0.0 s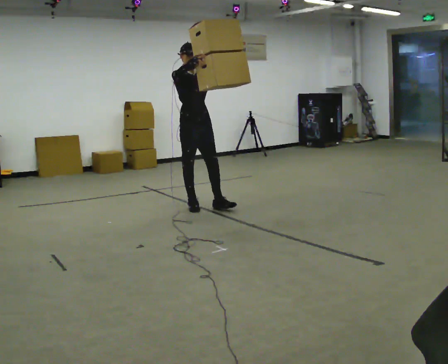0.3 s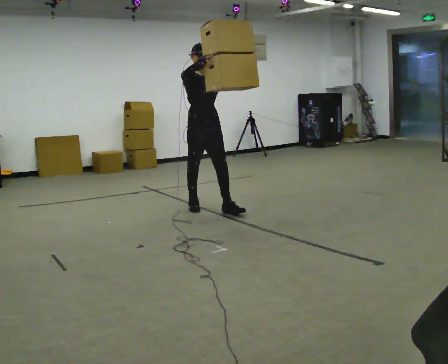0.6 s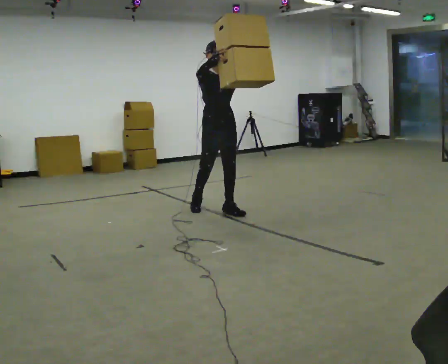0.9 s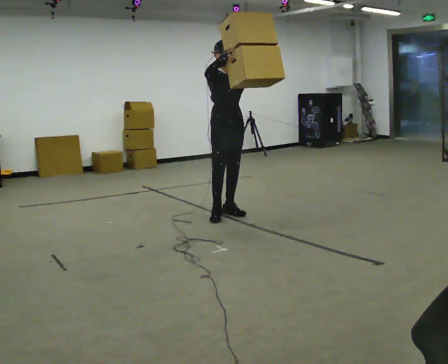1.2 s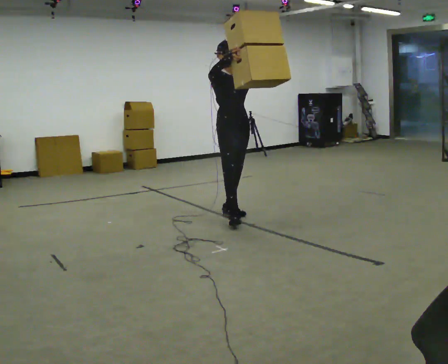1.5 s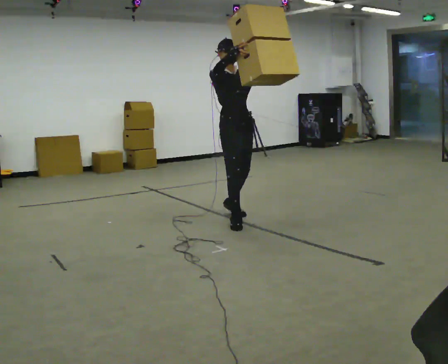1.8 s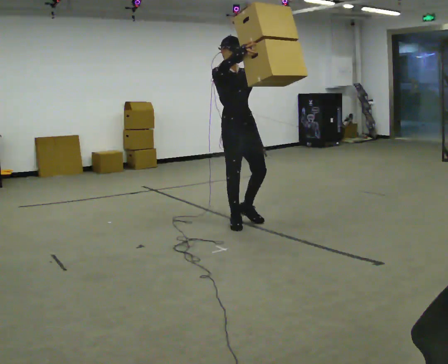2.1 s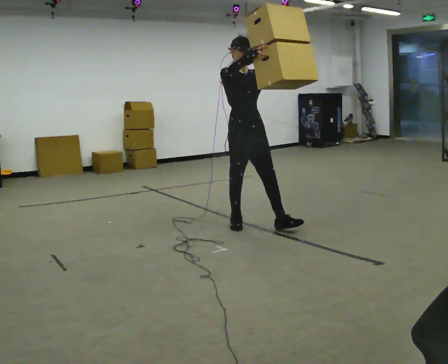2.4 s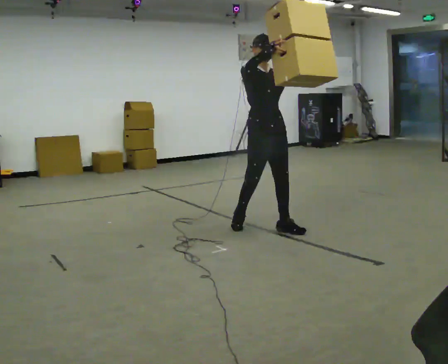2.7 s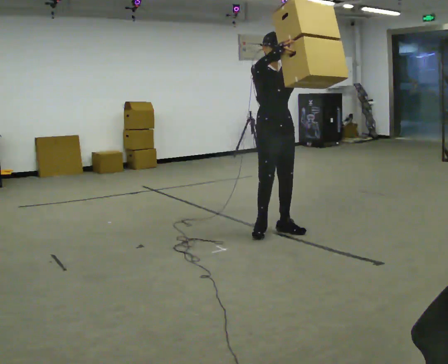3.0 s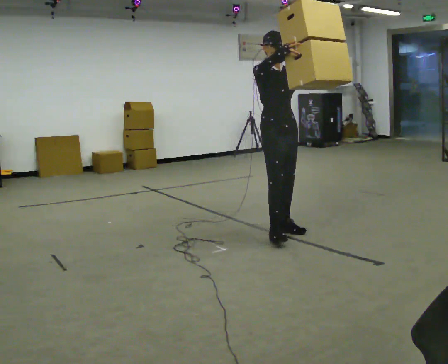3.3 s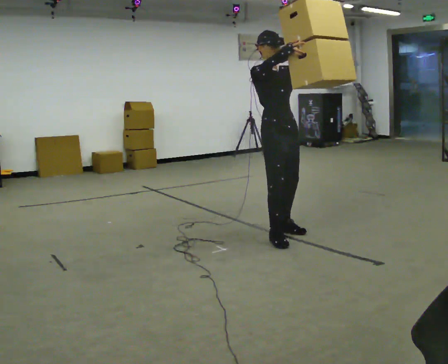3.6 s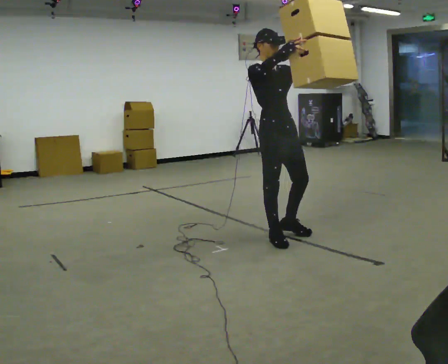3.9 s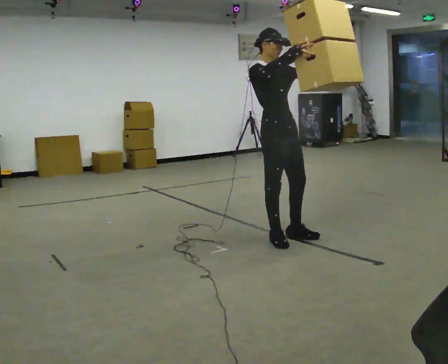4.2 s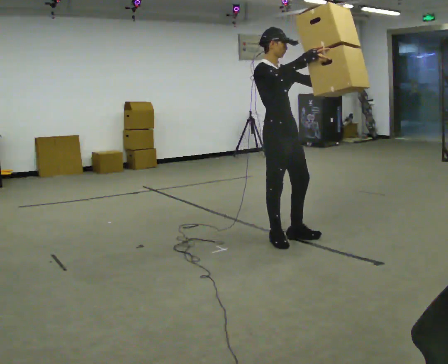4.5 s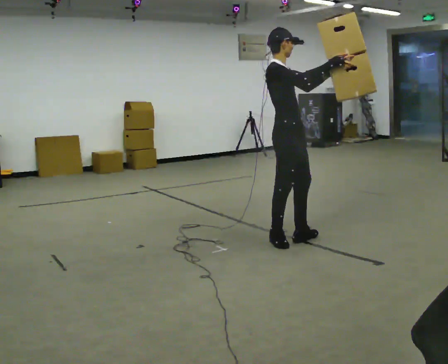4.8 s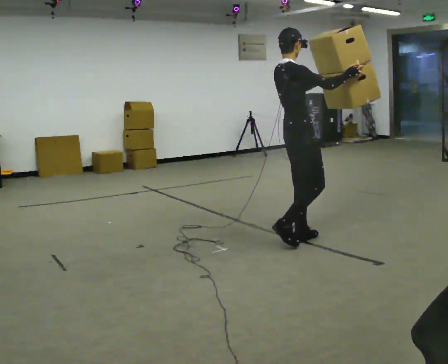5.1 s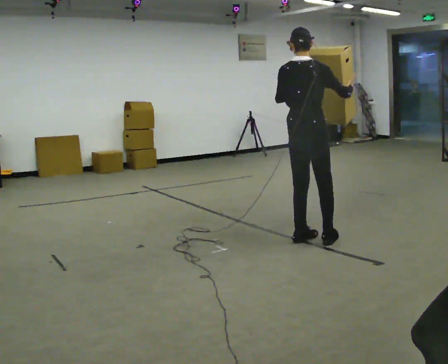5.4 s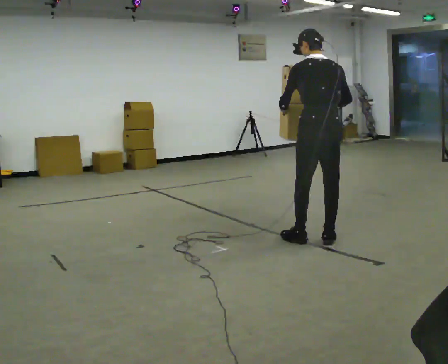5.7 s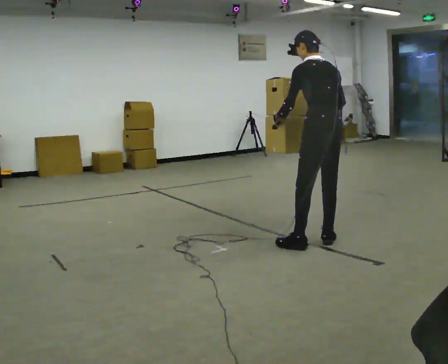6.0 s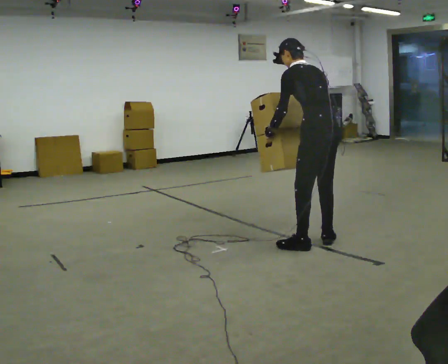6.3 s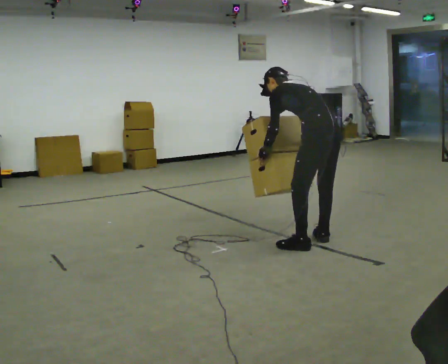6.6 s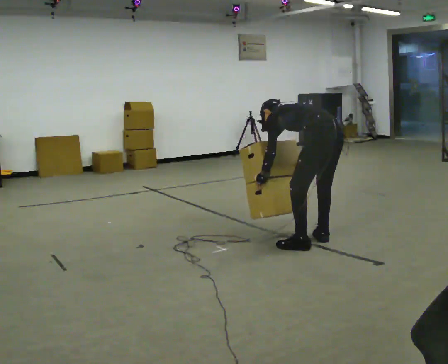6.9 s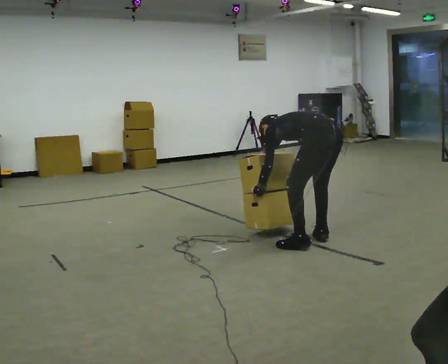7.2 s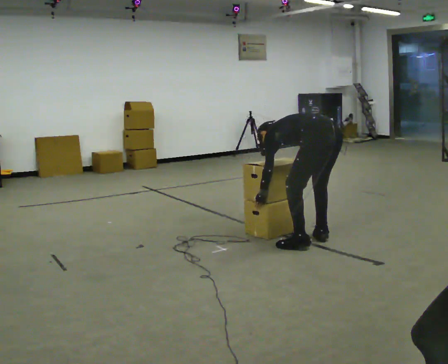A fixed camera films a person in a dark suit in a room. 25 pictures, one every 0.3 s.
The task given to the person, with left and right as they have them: Carry the large panel across the room. It will block your view ahead, so take whatever route feels safe. Keep going until the operator says stop; one object at a time, and do not rush between trips.
0.0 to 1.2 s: In the picture they go to the right and toward the camera, about 0.5 m in 2 steps, which for them is forward and to their left.
1.2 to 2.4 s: In the picture they go toward the camera and to the right, about 0.5 m in 1 step, which for them is forward.
2.4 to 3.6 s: In the picture they go toward the camera, about 0.25 m in 1 step, which for them is forward and to their right.
3.6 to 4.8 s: The part of the body nearest the lens slides to the right as the person turns to their left by about 60 degrees. In the picture they go to the right, about 0.25 m in 2 steps. In the picture their right hand goes to the right.
4.8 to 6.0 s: The part of the body nearest the lens slides to the right as the person turns to their left by about 105 degrees. In the picture they go to the right, about 0.25 m in 2 steps. The upper body tips away from the camera, its near side rolling upward, as they bend forward. In the picture their left hand goes downward and to the left.
6.0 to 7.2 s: The upper body goes downward. The upper body tips away from the camera, its near side rolling upward, as they bend forward. In the picture their left hand goes downward.
The film runs forward here.
